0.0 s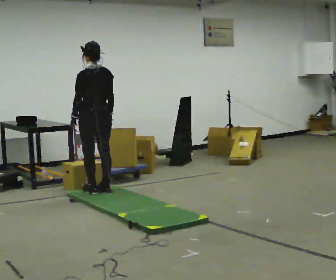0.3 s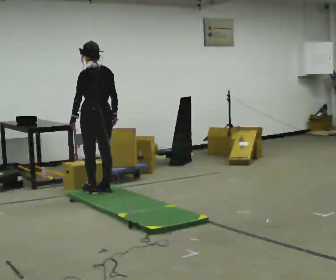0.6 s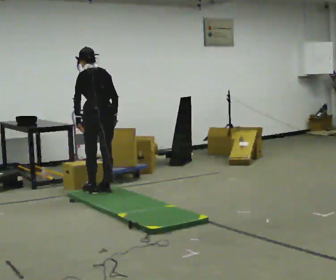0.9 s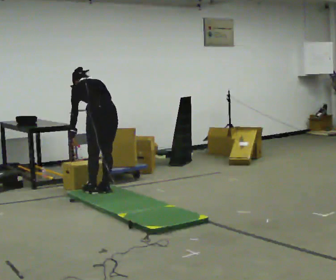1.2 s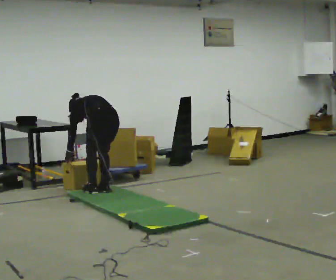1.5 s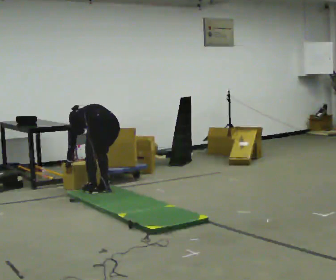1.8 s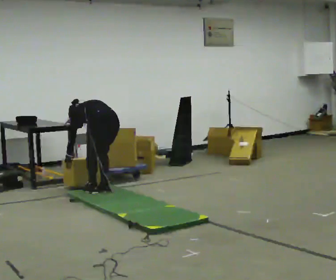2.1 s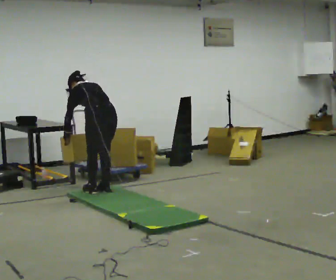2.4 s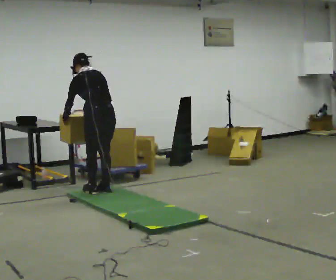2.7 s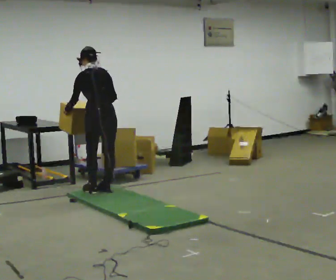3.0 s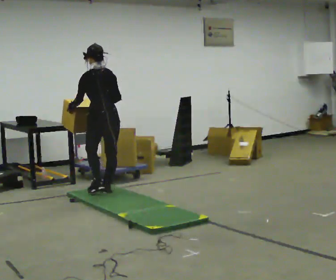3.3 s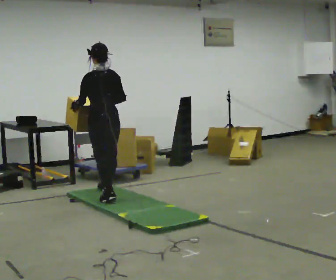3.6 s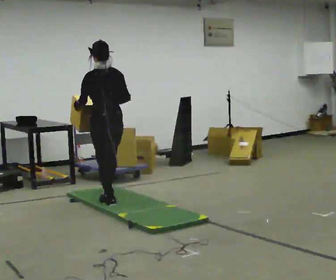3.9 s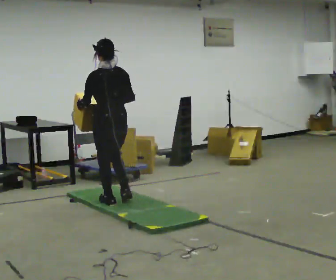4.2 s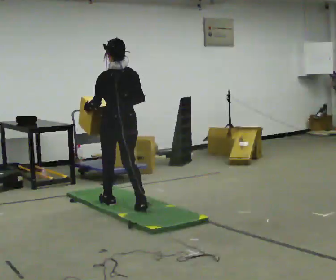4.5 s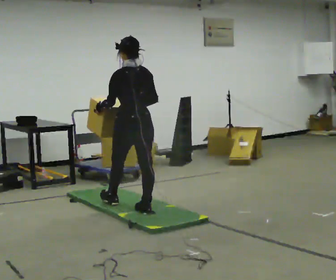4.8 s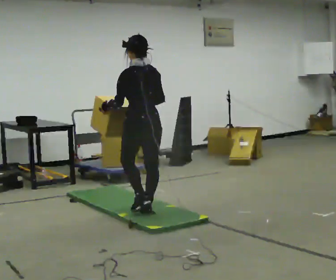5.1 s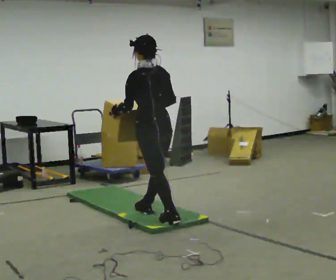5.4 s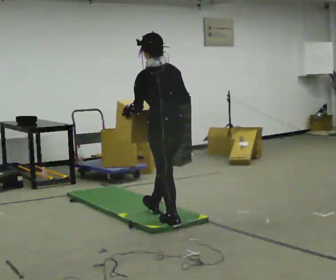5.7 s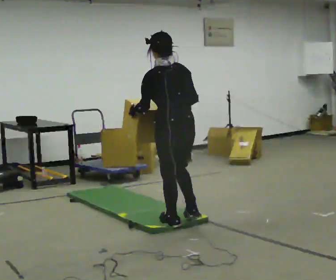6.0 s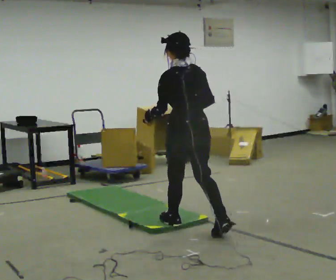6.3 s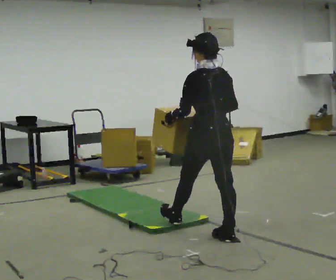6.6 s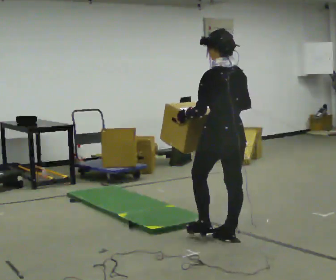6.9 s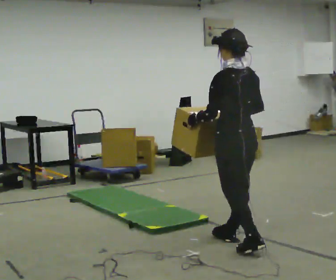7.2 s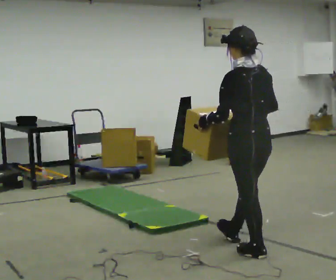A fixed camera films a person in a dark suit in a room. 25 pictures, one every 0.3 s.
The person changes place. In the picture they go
toward the camera.
0.0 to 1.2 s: The upper body goes downward. The upper body tips away from the camera, its near side rolling upward, as they bend forward. In the picture their left hand goes downward.
1.2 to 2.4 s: In the picture their left hand goes upward.
2.4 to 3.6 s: In the picture they go toward the camera, about 0.25 m in 2 steps, which for them is backward and to their left. The upper body tips toward the camera, its near side rolling downward, as they lean back or straighten.
3.6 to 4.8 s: In the picture they go toward the camera and to the right, about 0.75 m in 1 step, which for them is backward.
4.8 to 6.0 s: In the picture they go toward the camera and to the right, about 0.75 m in 1 step, which for them is backward.
6.0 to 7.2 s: In the picture they go toward the camera and to the right, about 0.75 m in 2 steps, which for them is backward.
The film runs backward here.
